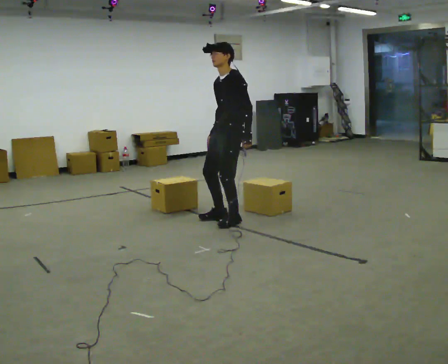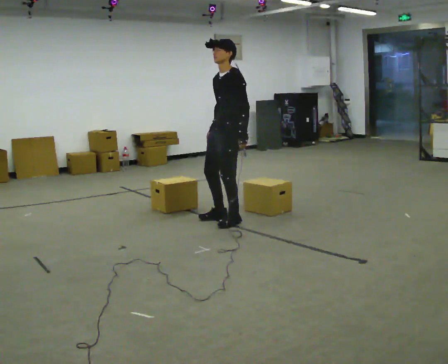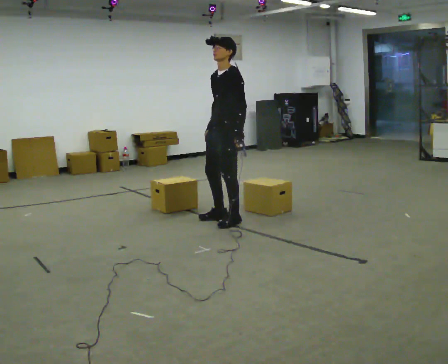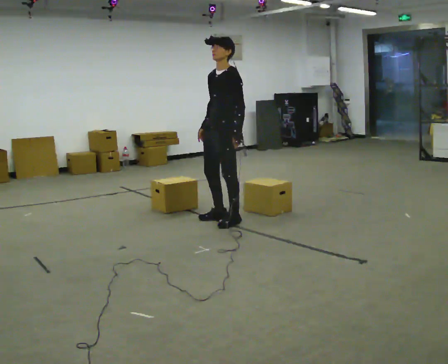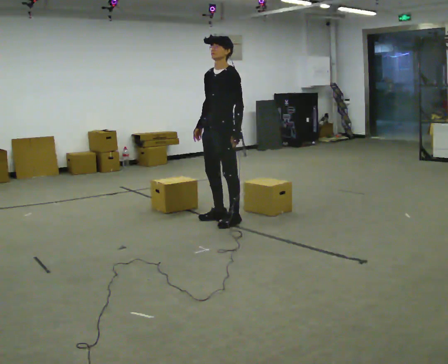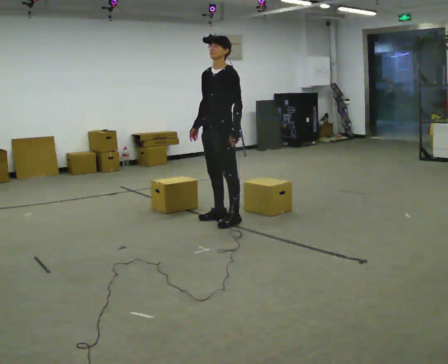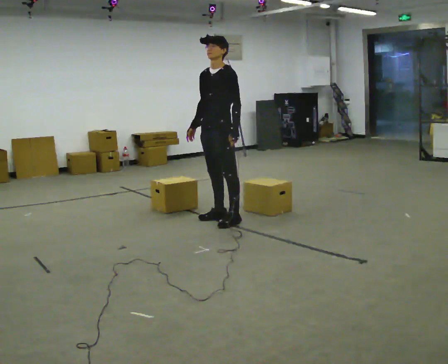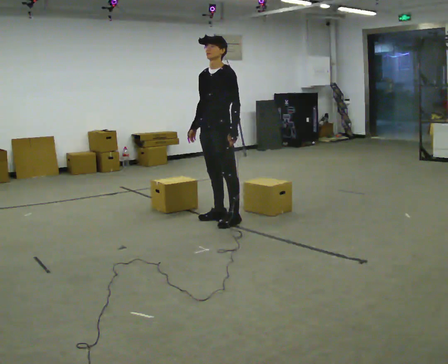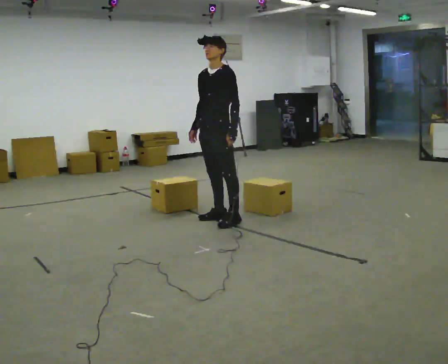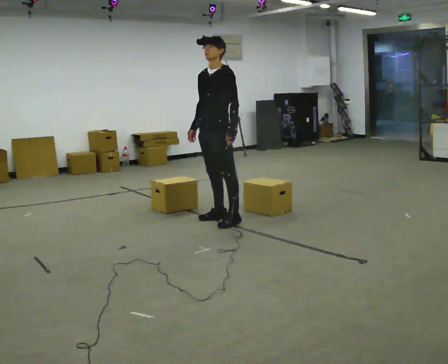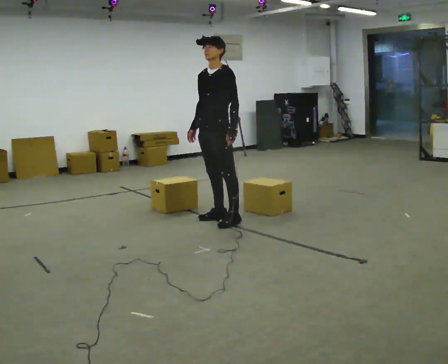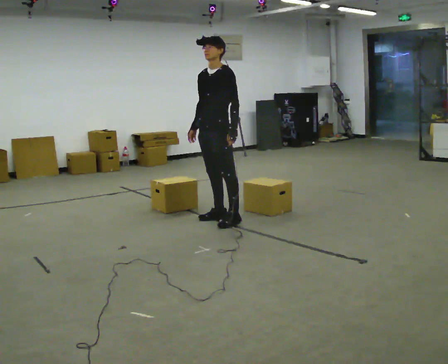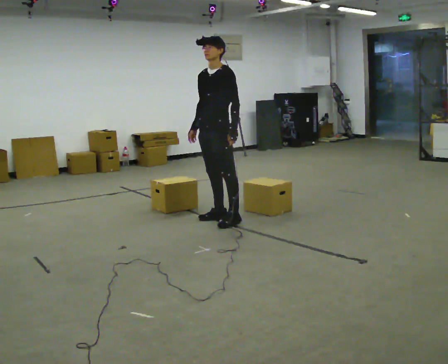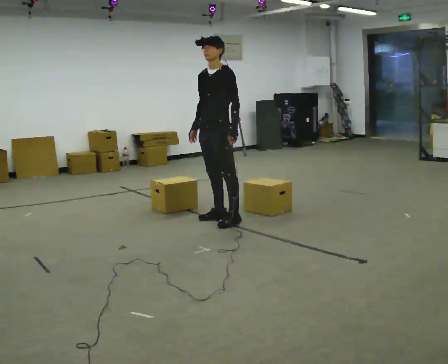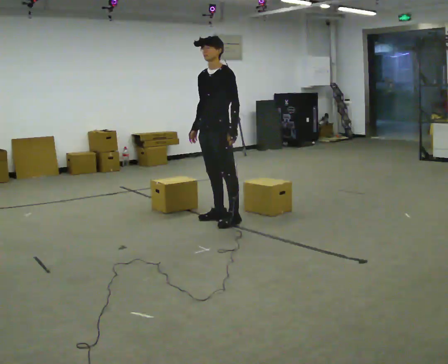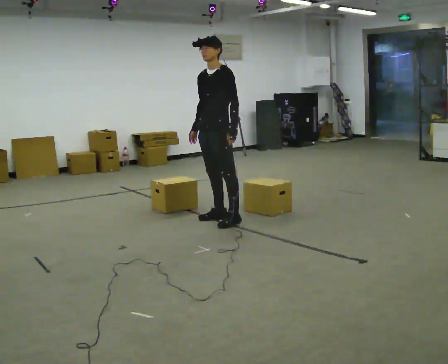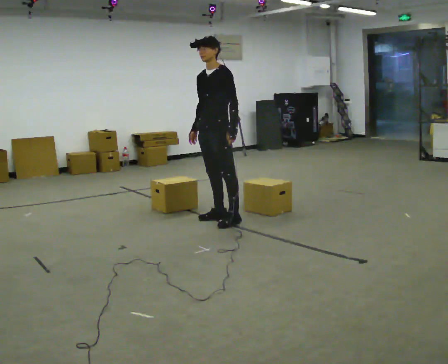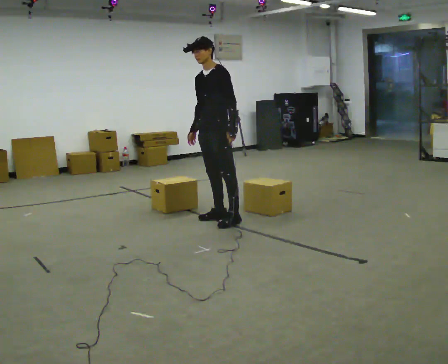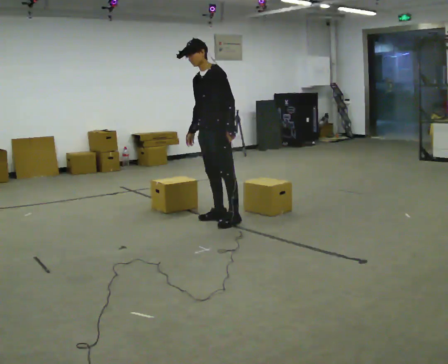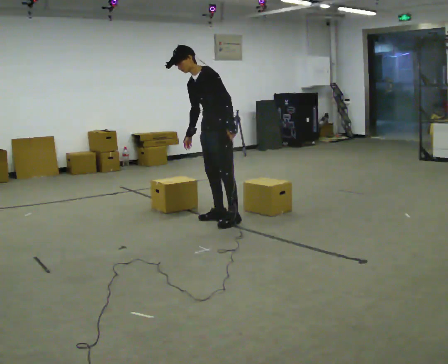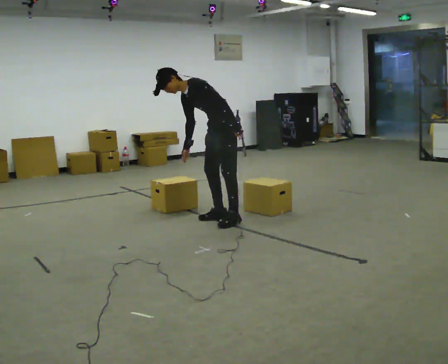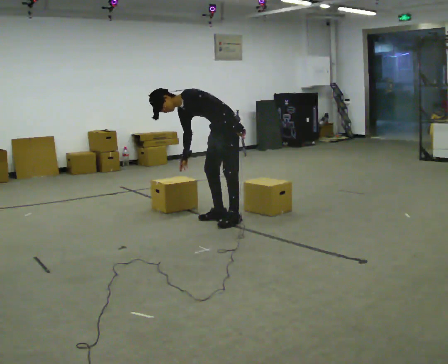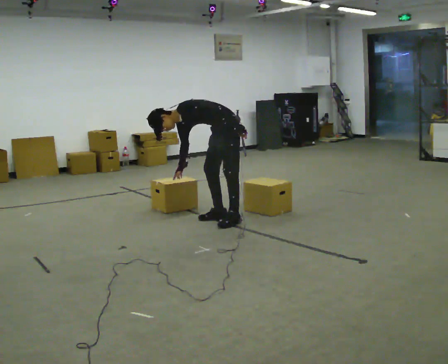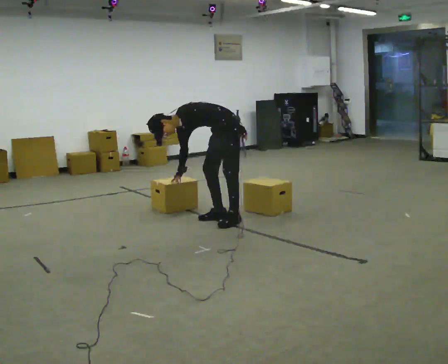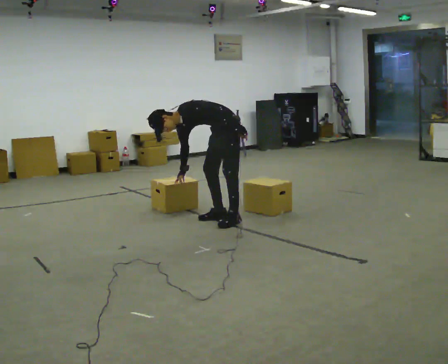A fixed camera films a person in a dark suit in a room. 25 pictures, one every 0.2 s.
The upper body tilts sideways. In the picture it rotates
counterclockwise.
0.0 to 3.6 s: The person moves a little, or ends about where they began.
3.6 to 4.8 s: The upper body goes downward. In the picture the upper body tilts counterclockwise, shoulders to the left, as they bend forward.
The film runs forward here.
